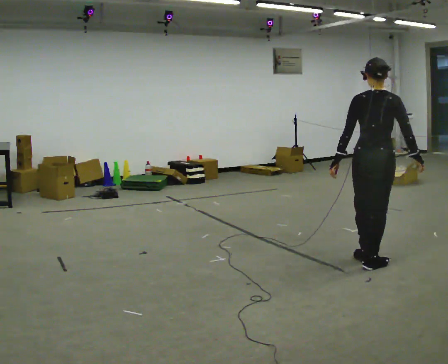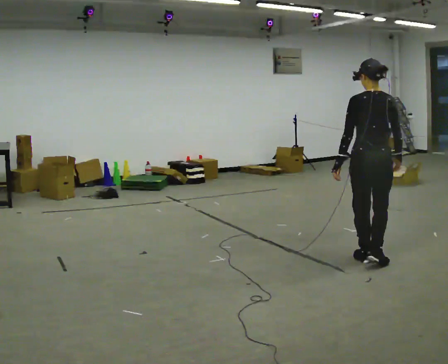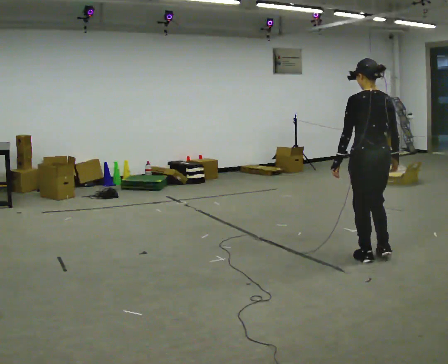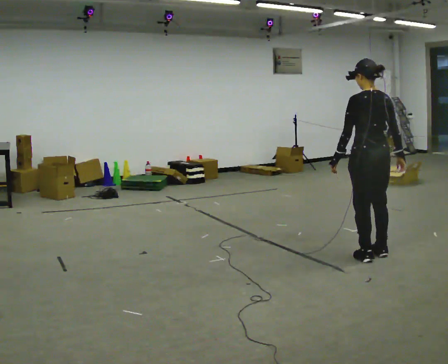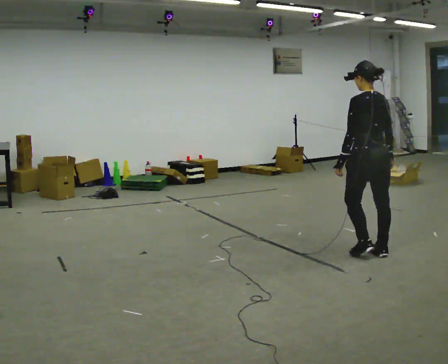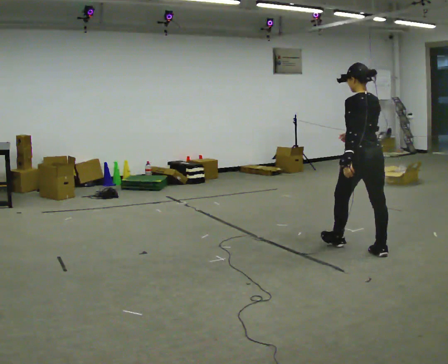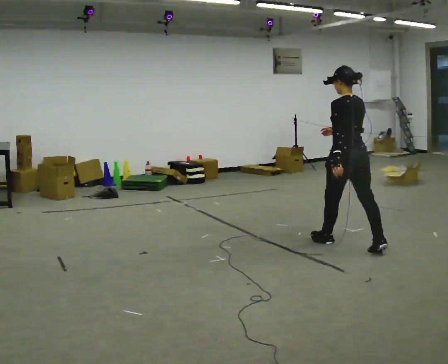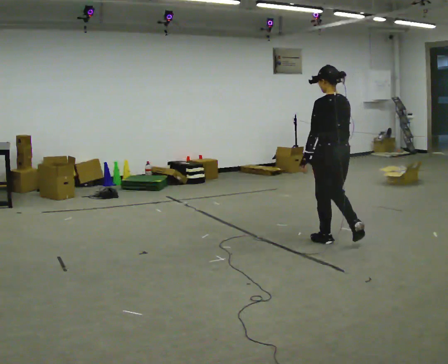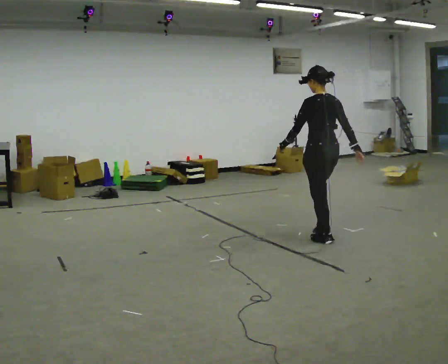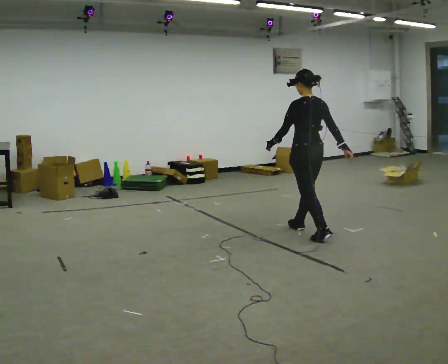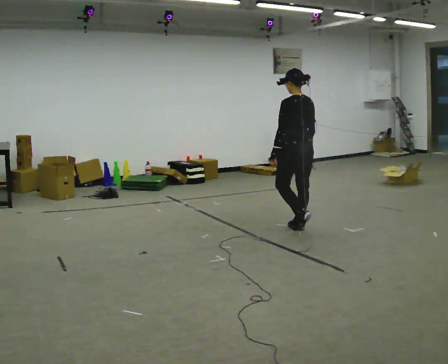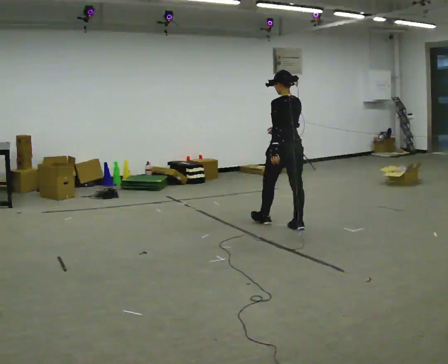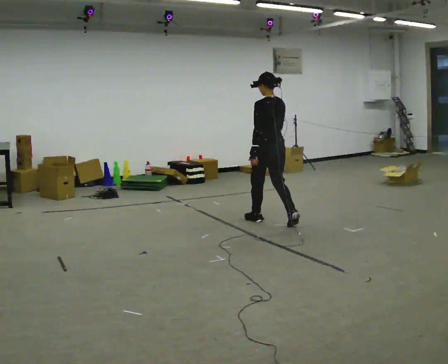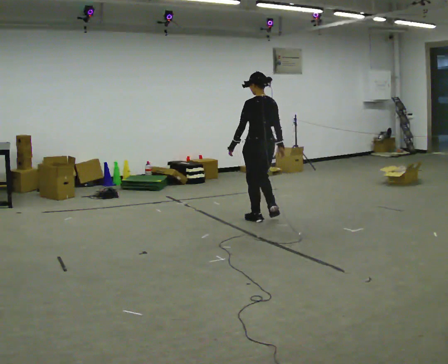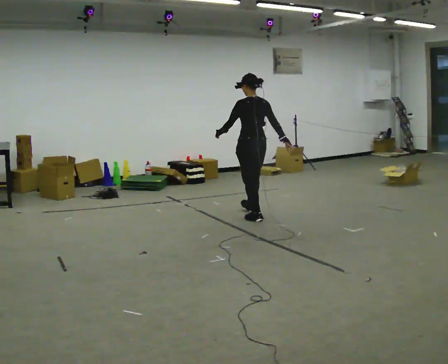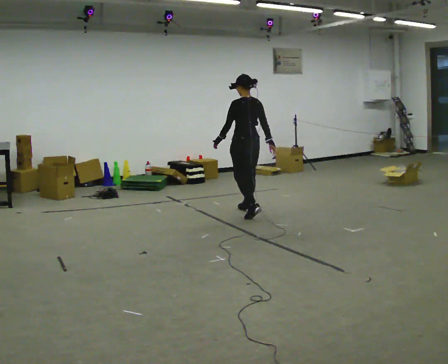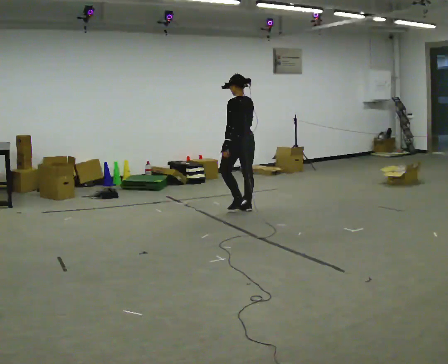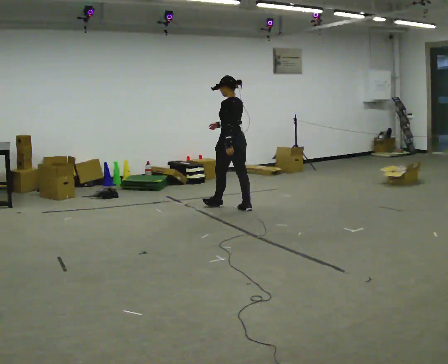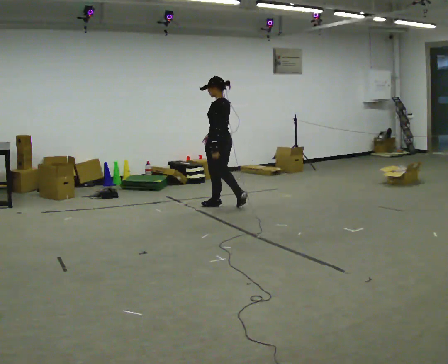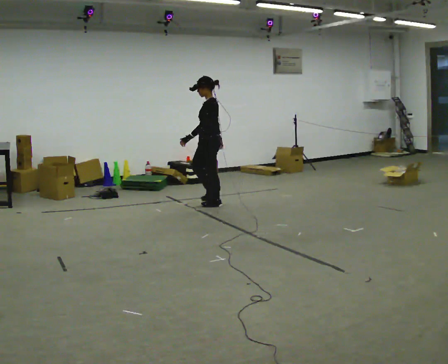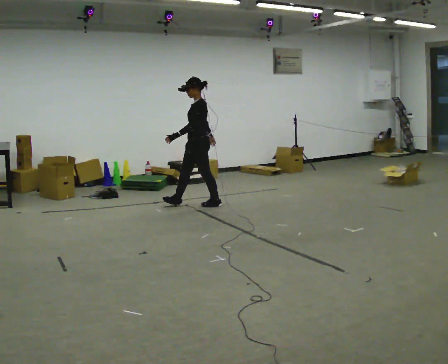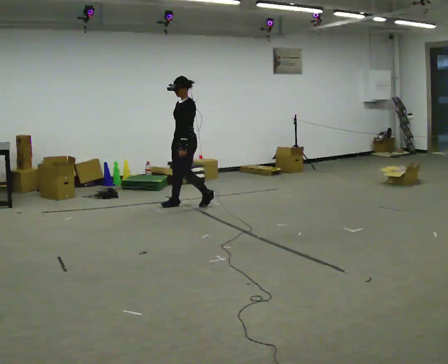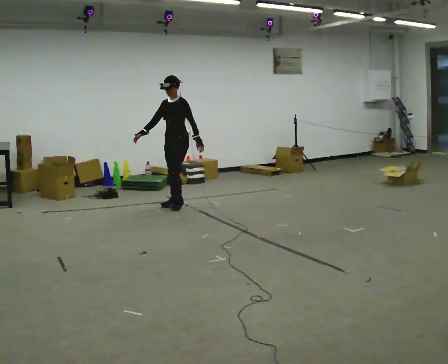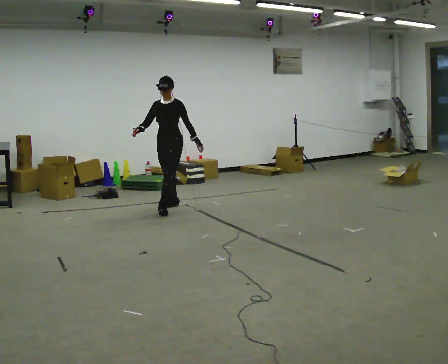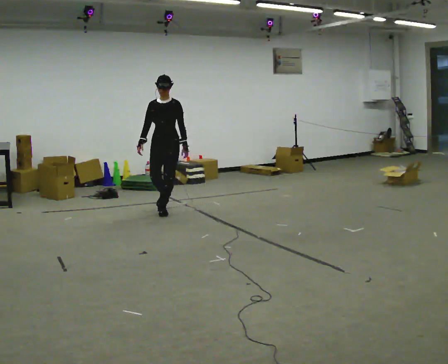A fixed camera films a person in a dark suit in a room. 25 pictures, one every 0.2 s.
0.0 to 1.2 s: The person turns about 30 degrees to their left, counterclockwise seen from above, so the part of the body nearest the lens slides to the right. In the picture they go away from the camera, about 0.5 m in 2 steps, which for them is forward.
1.2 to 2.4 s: In the picture they go away from the camera and to the left, about 1 m in 2 steps, which for them is forward.
2.4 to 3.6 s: Seen from above the body turns counterclockwise, about 45 degrees: to their left, with its near side sliding to the right. In the picture they go away from the camera and to the left, about 1 m in 2 steps, which for them is forward.
3.6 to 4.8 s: The person turns about 105 degrees to their left, counterclockwise seen from above, so the part of the body nearest the lens slides to the right. In the picture they go to the left and toward the camera, about 0.75 m in 2 steps.
The film runs forward here.
